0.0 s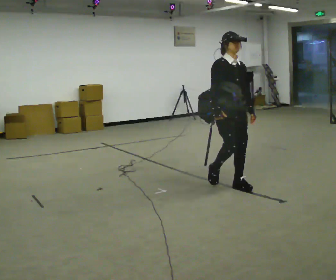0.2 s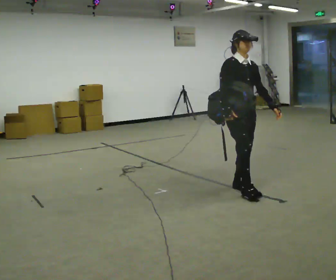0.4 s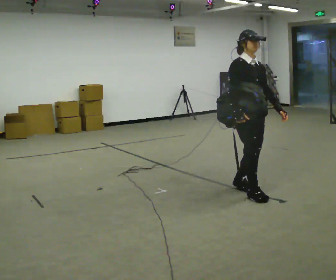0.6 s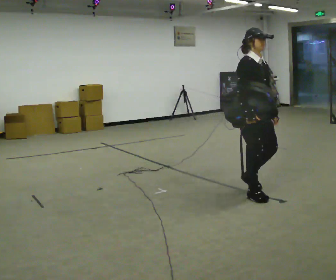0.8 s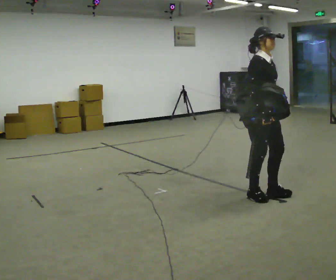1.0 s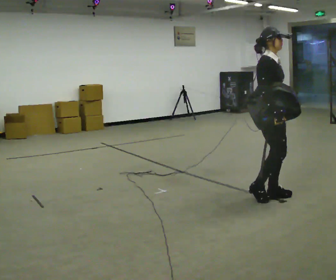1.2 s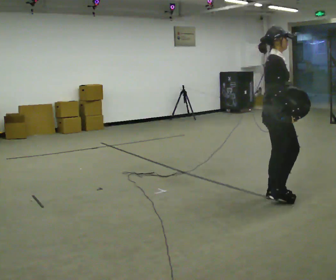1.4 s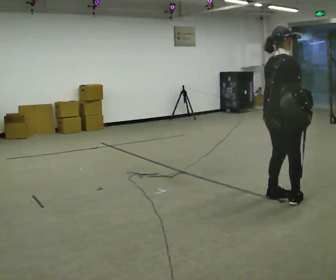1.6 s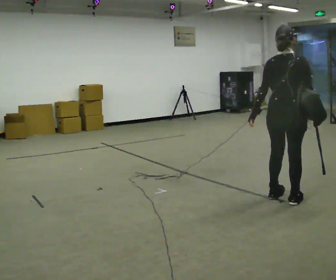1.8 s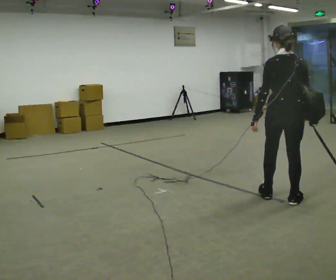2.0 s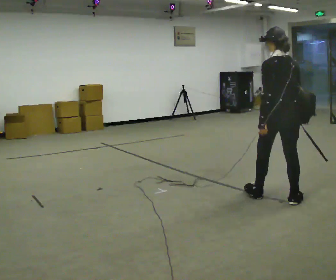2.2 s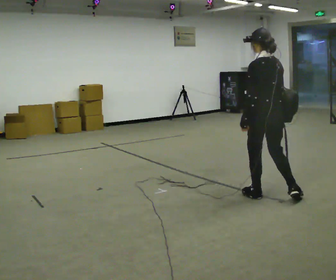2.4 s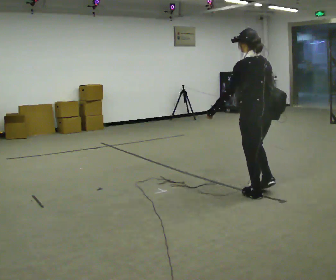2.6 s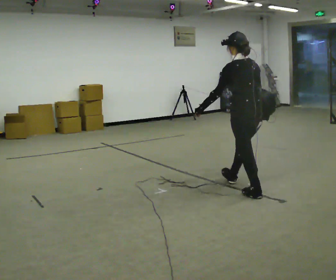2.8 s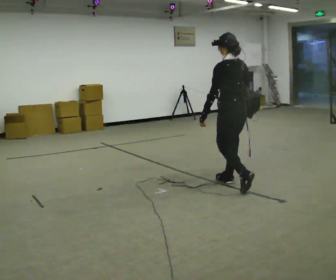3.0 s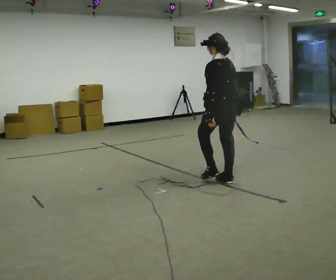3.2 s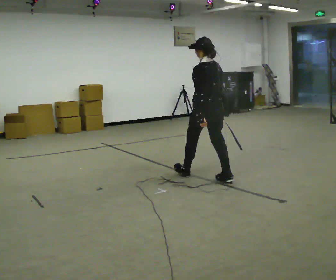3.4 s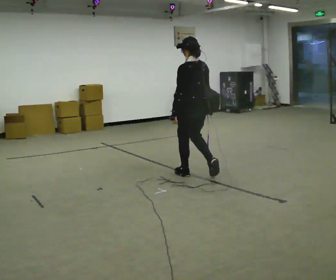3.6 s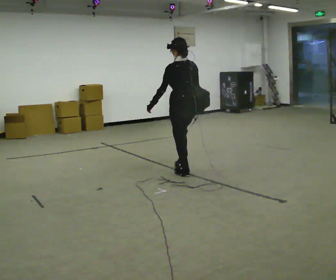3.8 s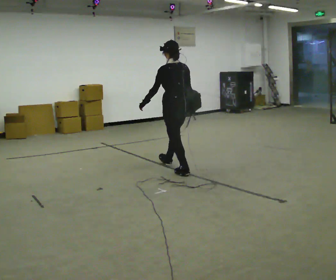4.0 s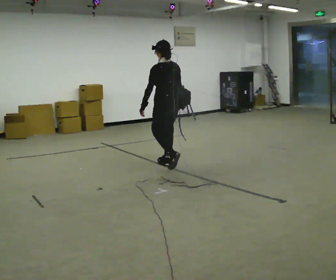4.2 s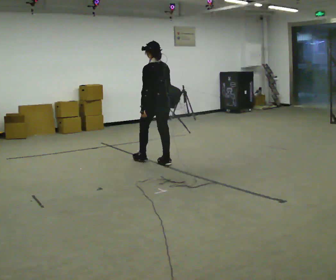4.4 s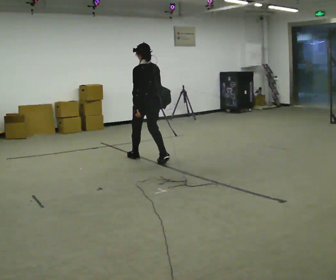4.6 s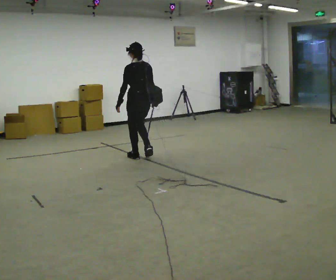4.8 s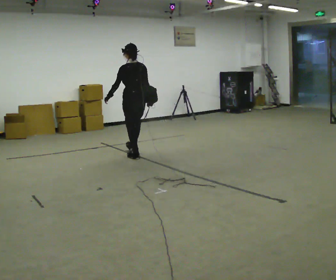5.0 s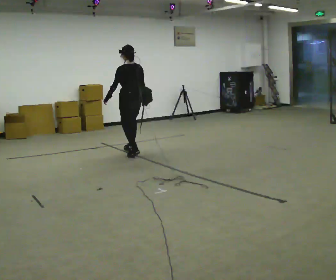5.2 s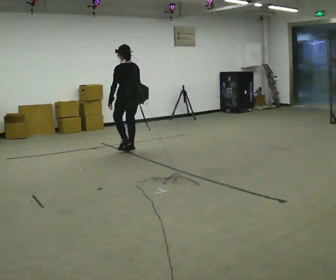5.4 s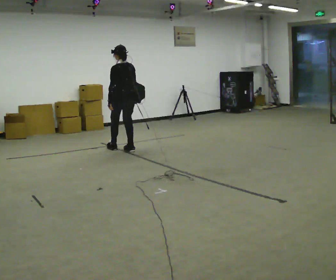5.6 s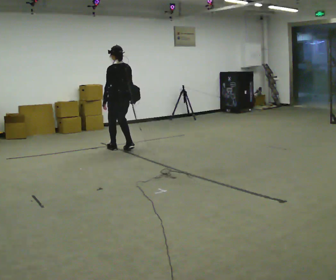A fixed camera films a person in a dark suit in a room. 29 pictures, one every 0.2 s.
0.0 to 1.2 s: Seen from above the body turns counterclockwise, about 60 degrees: to their left, with its near side sliding to the right. In the picture they go to the right and toward the camera, about 0.5 m in 2 steps, which for them is forward.
1.2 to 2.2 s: The part of the body nearest the lens slides to the right as the person turns to their left by about 120 degrees.
2.2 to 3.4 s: In the picture they go to the left and away from the camera, about 1 m in 2 steps, which for them is forward.
3.4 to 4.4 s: In the picture they go to the left and away from the camera, about 1 m in 2 steps, which for them is forward.
4.4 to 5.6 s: In the picture they go away from the camera and to the left, about 1 m in 2 steps, which for them is forward.
The film runs forward here.
